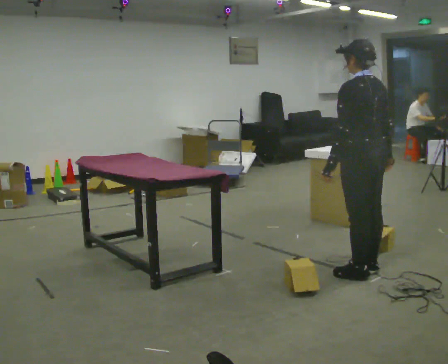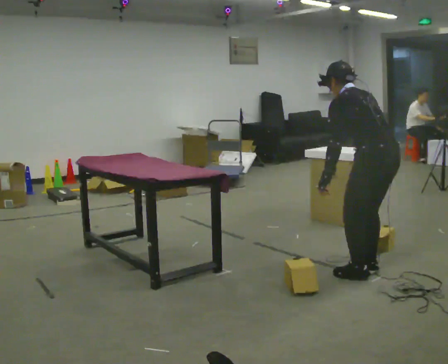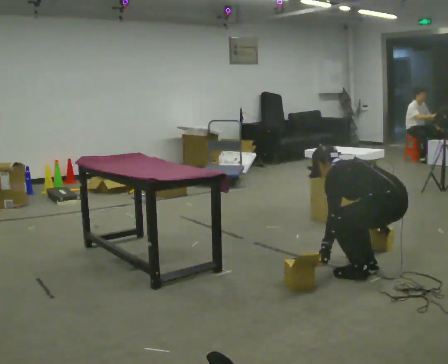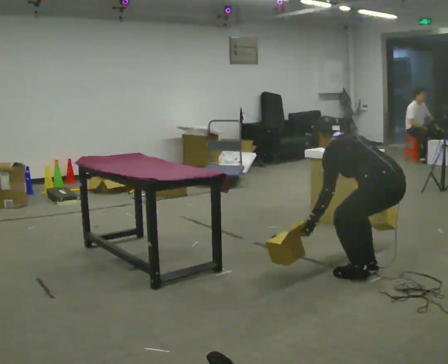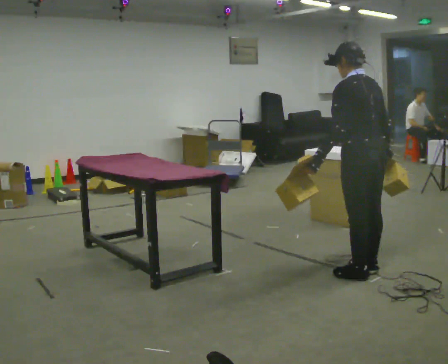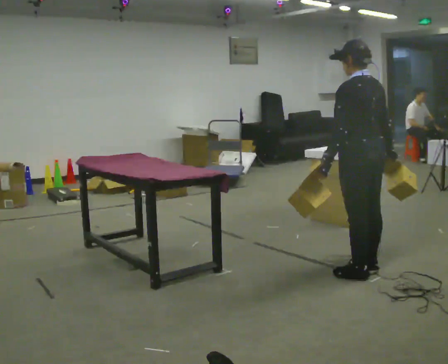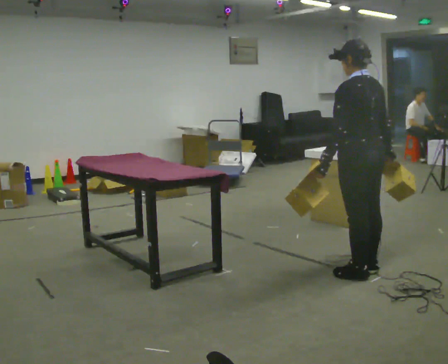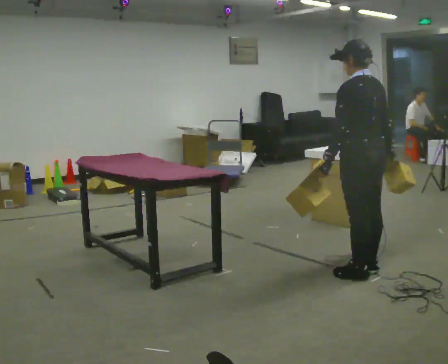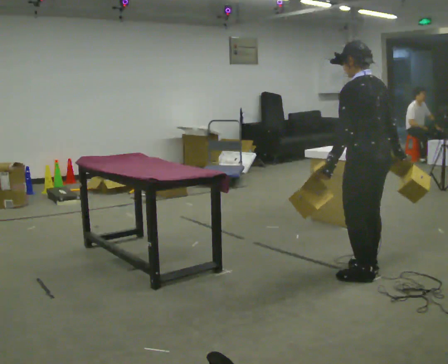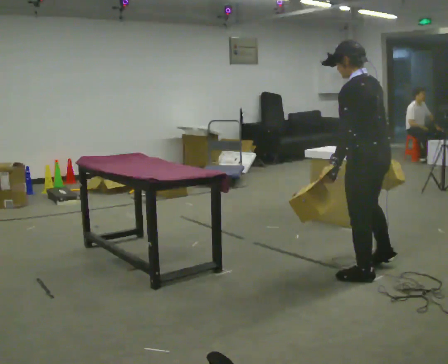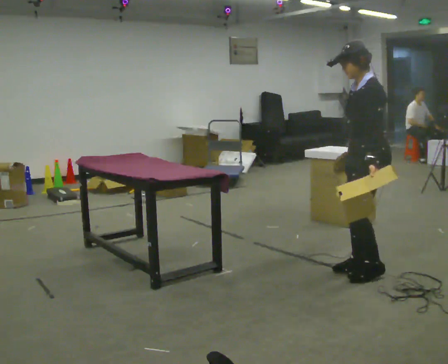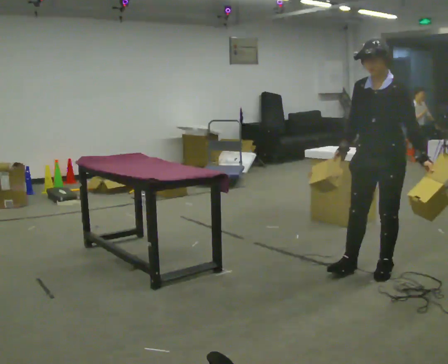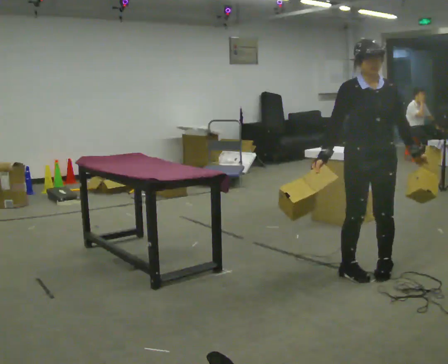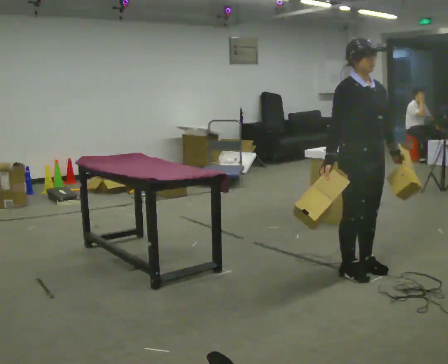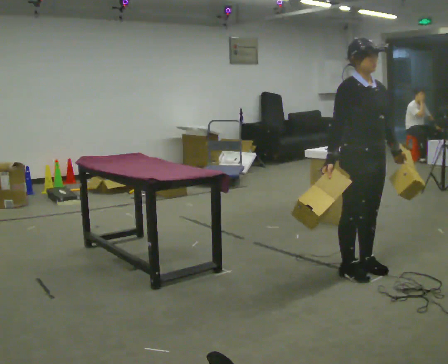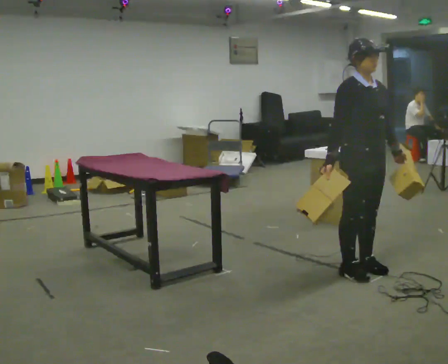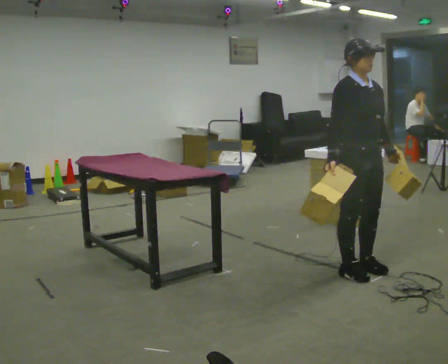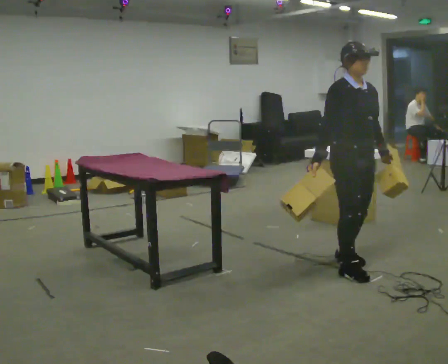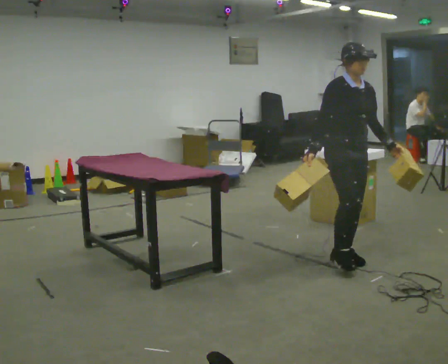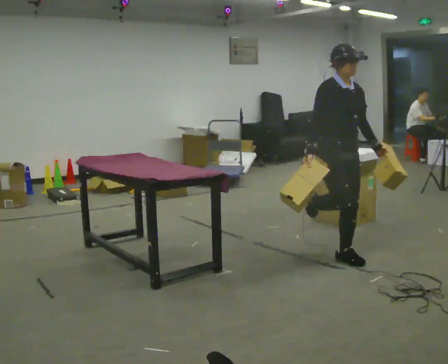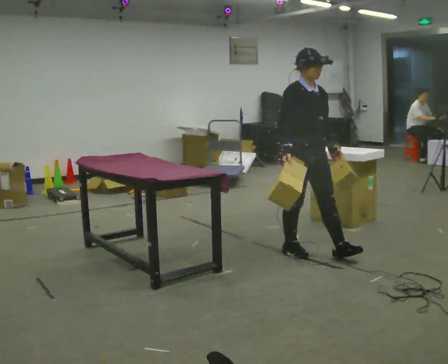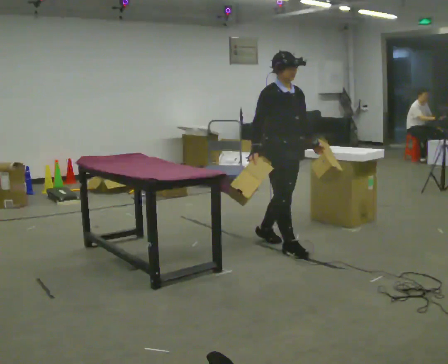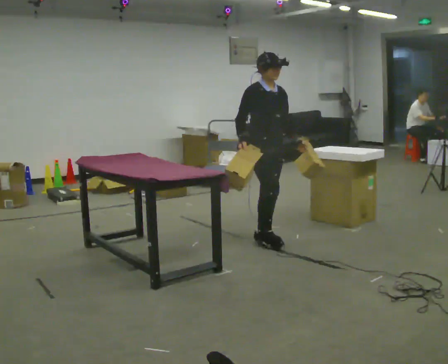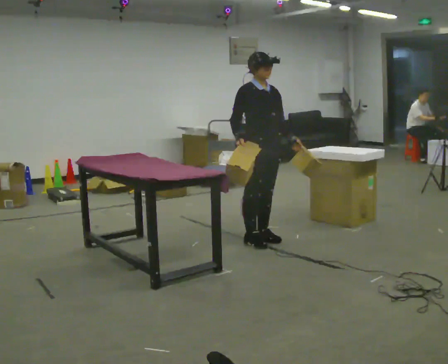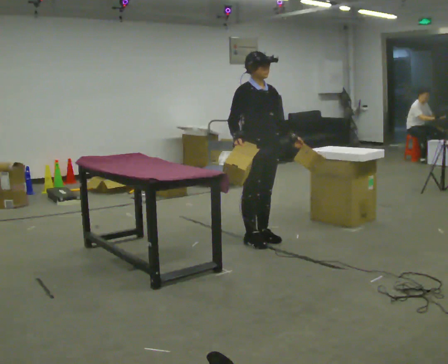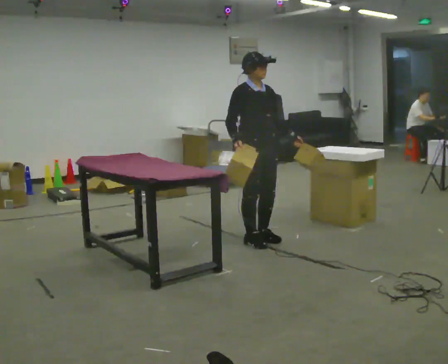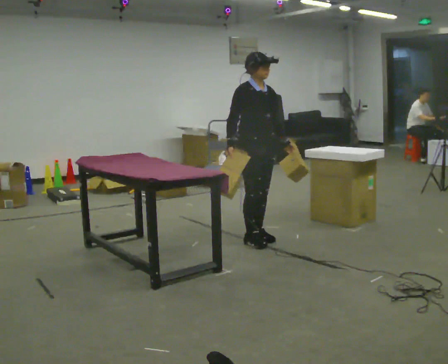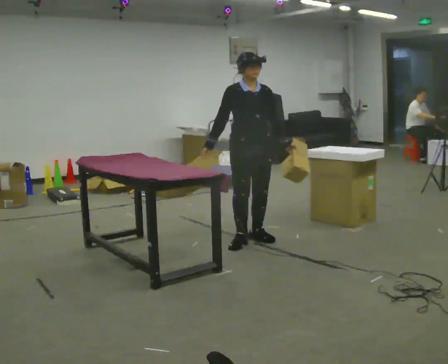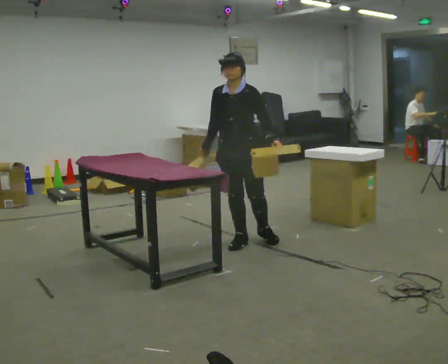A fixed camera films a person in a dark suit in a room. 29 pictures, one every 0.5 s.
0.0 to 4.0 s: The person moves a little, or ends about where they began.
4.0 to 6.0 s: The person turns about 135 degrees to their left, counterclockwise seen from above, so the part of the body nearest the lens slides to the right. In the picture their right hand goes to the left, the arm swinging clockwise.
6.0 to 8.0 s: The part of the body nearest the lens slides to the right as the person turns to their left by about 45 degrees.
8.0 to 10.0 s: In the picture they go away from the camera and to the left, about 0.5 m in 3 steps, which for them is backward.
10.0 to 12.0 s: In the picture they go to the left and away from the camera, about 0.5 m in 1 step, which for them is backward.
12.0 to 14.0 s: The person turns about 60 degrees to their right, clockwise seen from above, so the part of the body nearest the lens slides to the left. In the picture their right hand goes to the left.
The film runs backward here.
